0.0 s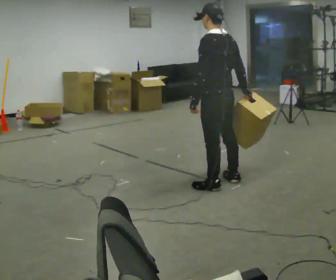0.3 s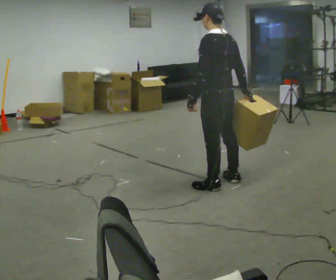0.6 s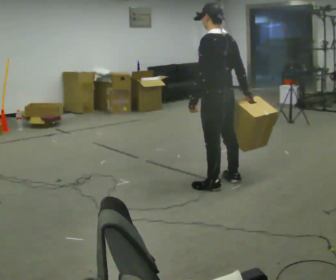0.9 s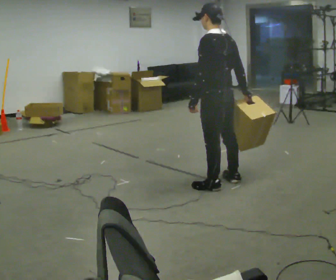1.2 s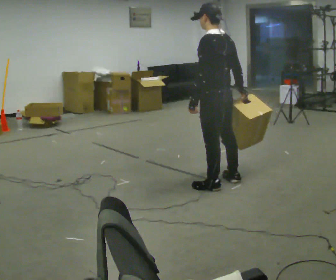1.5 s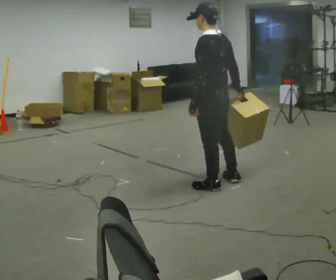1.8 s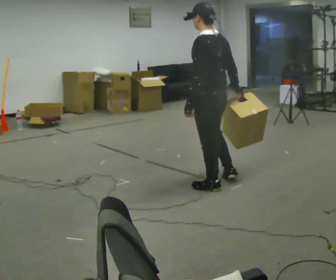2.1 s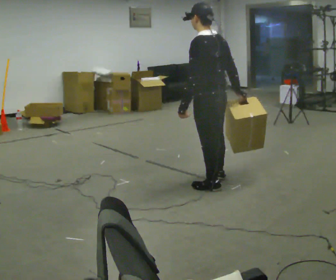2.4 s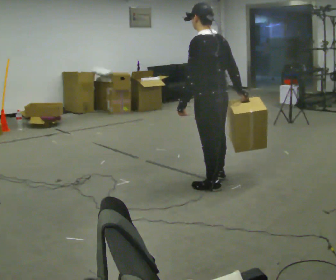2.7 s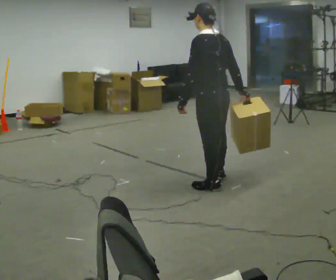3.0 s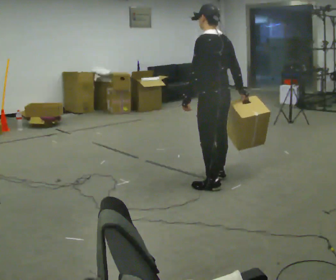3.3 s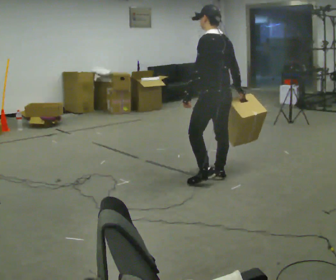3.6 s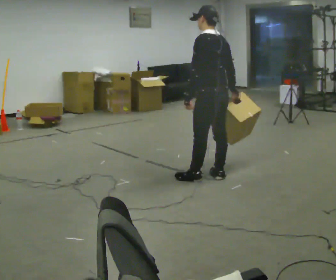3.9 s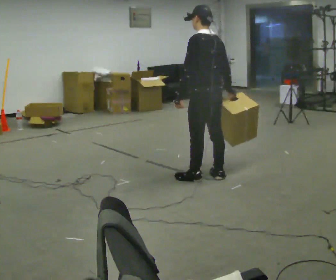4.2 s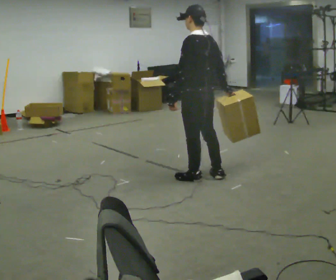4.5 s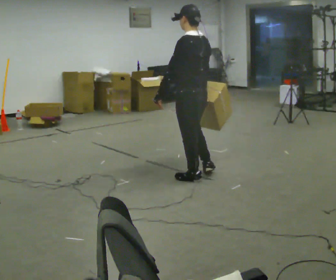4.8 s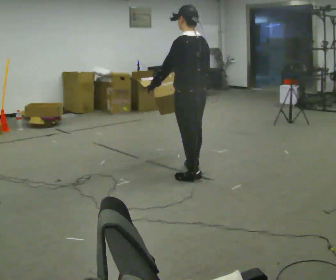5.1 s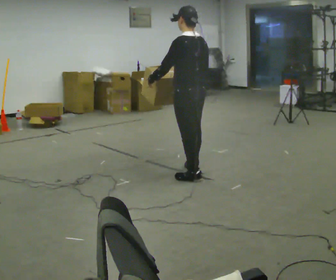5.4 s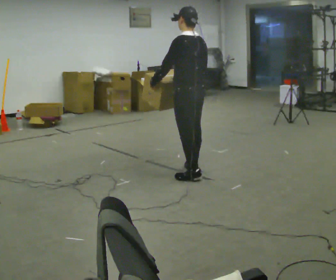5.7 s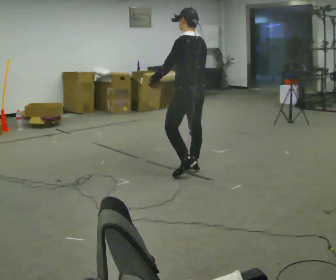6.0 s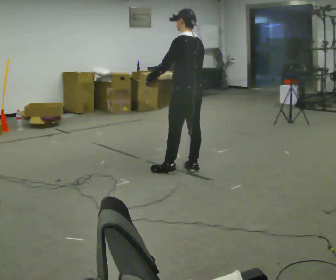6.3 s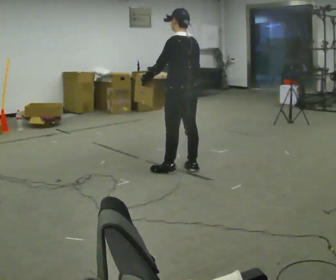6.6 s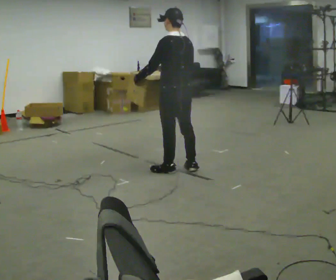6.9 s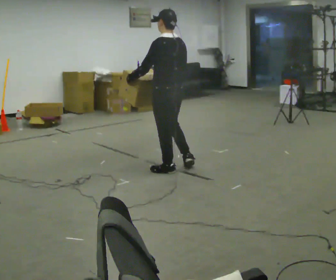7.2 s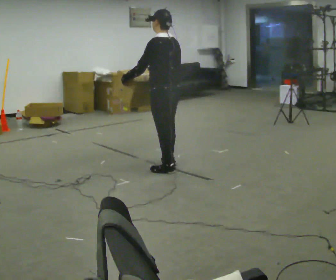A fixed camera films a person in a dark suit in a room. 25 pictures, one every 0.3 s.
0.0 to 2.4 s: The person moves a little, or ends about where they began.
2.4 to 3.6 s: In the picture they go away from the camera, about 0.25 m in 1 step, which for them is to their right and forward.
3.6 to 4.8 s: In the picture they go to the left, about 0.25 m in 1 step, which for them is forward and to their left. In the picture their right hand goes to the left.
4.8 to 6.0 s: In the picture they go away from the camera, about 0.25 m, which for them is forward and to their right.
6.0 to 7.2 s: In the picture they go to the left, about 0.25 m in 1 step, which for them is forward and to their left.
The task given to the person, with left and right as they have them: Carry the box and, while walking, shift it to a different hold: front, then hip, then shoulder, then back to front. Do not stop walking.
The film runs forward here.
